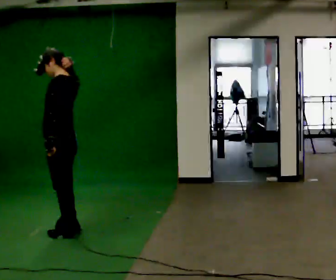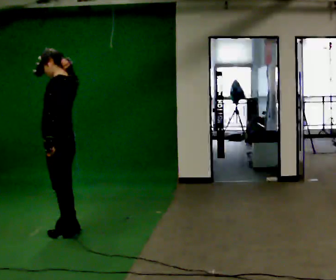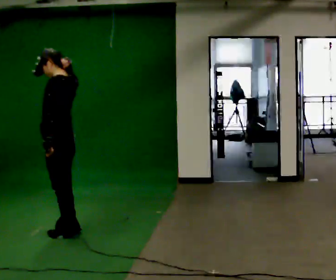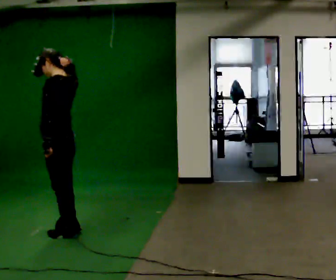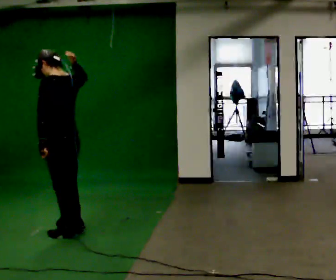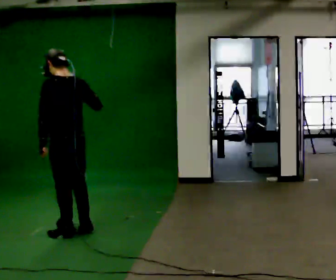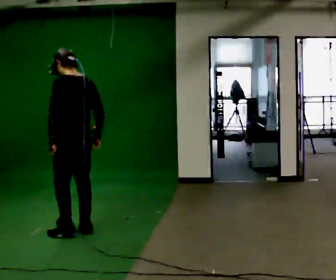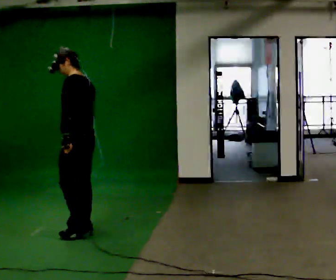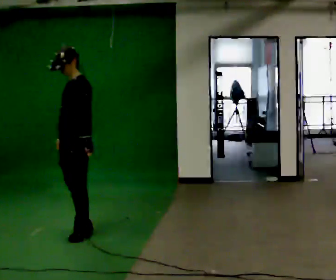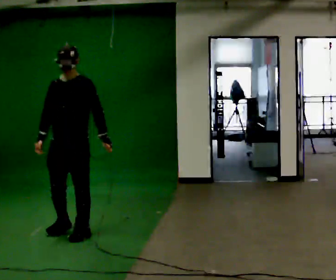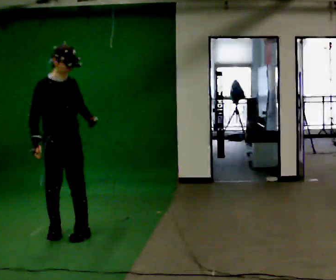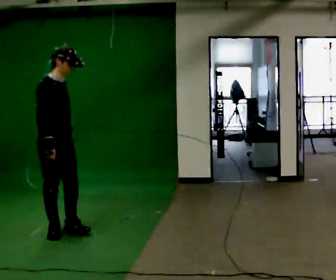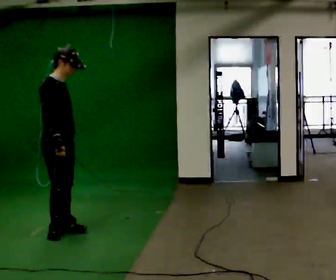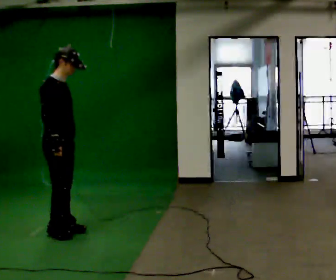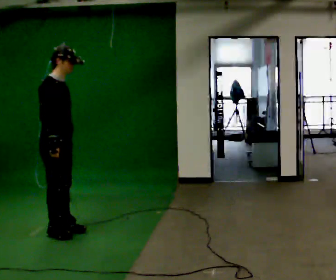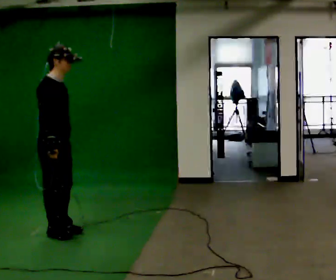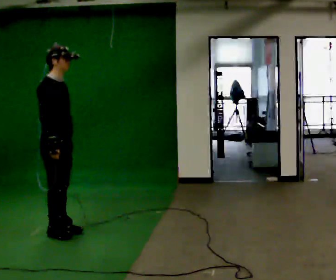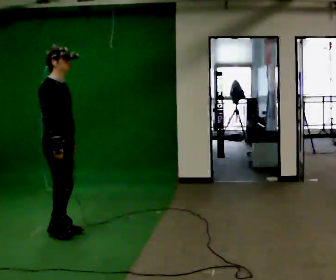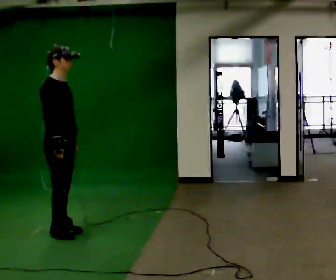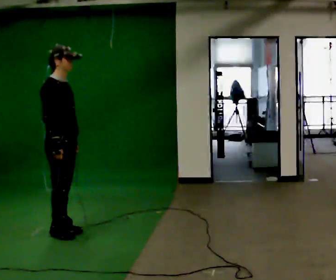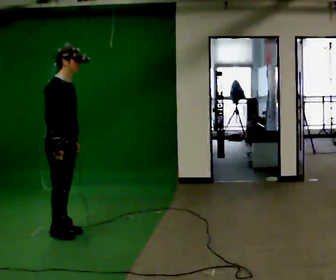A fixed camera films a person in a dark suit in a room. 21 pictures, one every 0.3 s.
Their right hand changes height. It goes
downward.
0.0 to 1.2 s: The person moves a little, or ends about where they began.
1.2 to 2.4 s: The person turns about 60 degrees to their left, counterclockwise seen from above, so the part of the body nearest the lens slides to the right. In the picture their right hand goes downward.
2.4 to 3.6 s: The part of the body nearest the lens slides to the right as the person turns to their left by about 150 degrees. In the picture they go to the left, about 0.25 m in 2 steps.
3.6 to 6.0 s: The person moves a little, or ends about where they began.
The film runs forward here.
